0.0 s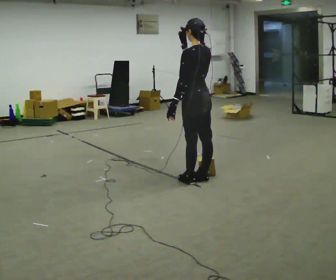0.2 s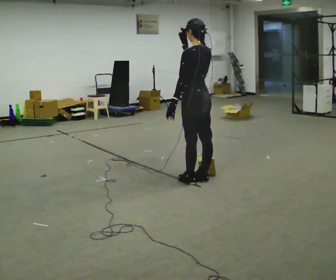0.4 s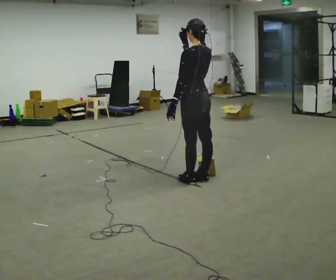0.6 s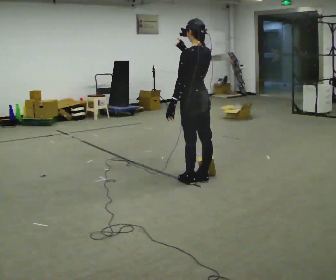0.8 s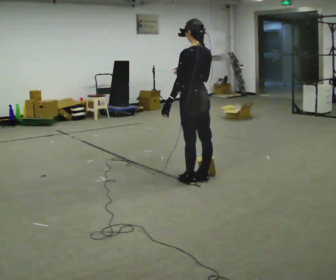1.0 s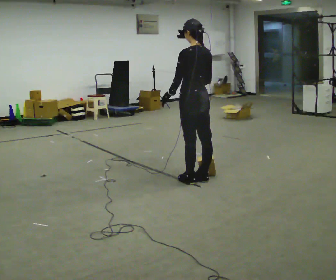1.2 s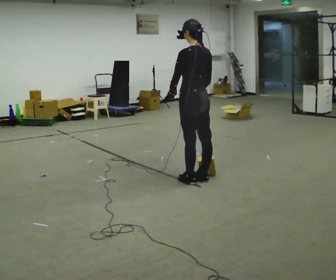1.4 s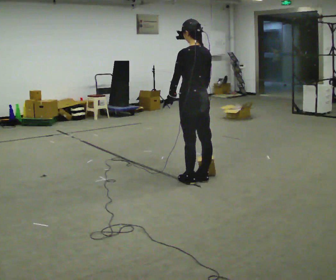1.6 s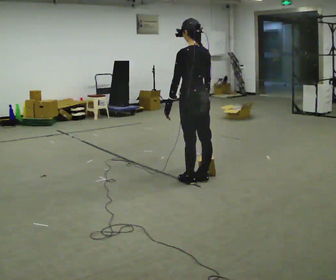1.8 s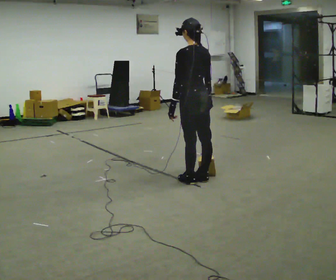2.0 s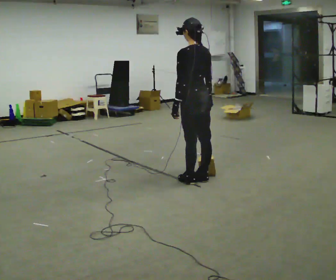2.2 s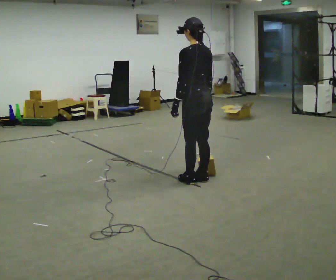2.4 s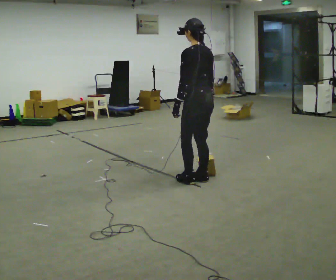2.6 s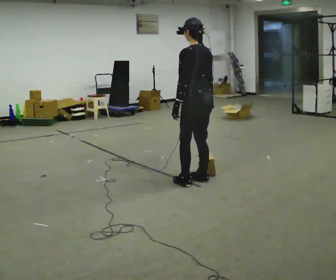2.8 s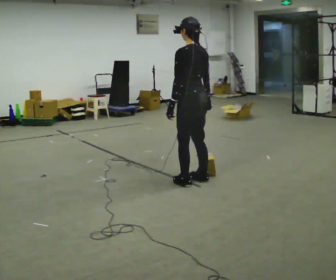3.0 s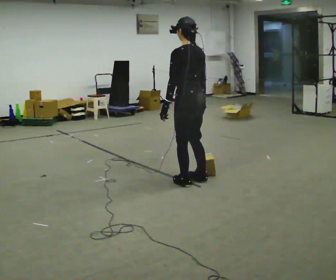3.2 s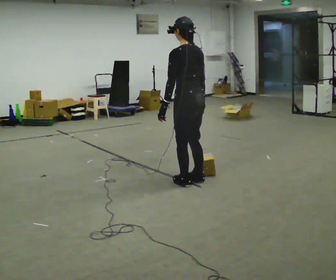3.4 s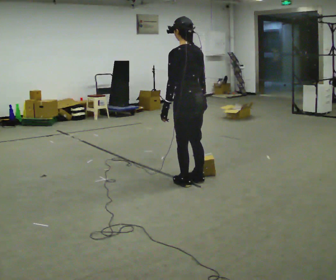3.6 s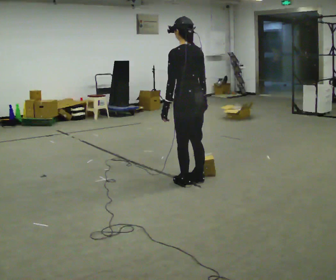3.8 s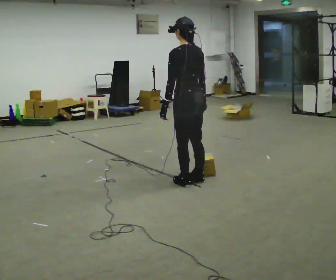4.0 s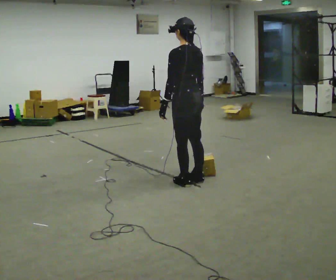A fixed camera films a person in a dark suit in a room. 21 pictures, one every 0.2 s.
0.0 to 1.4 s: In the picture their right hand goes downward.
1.4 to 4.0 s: The person moves a little, or ends about where they began.
The film runs forward here.
